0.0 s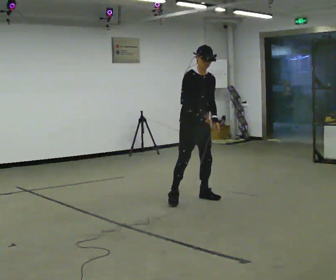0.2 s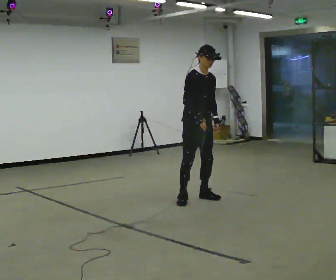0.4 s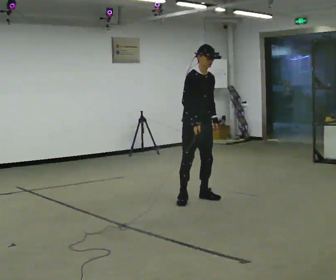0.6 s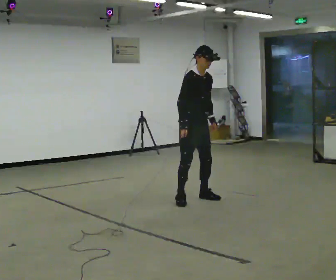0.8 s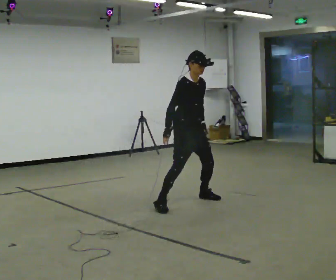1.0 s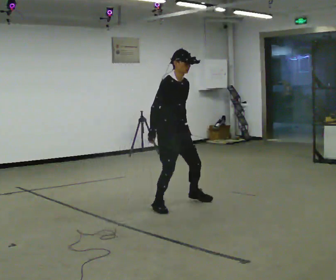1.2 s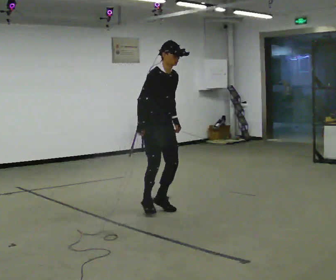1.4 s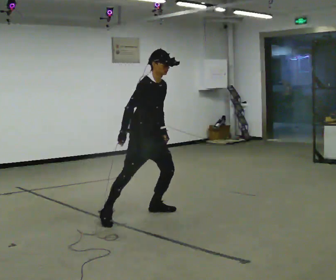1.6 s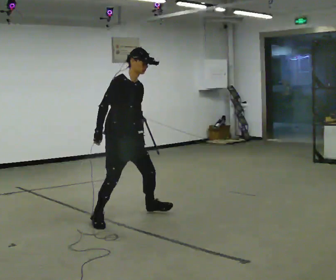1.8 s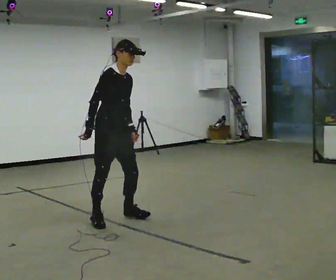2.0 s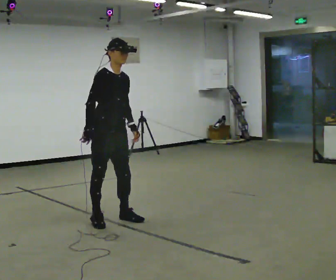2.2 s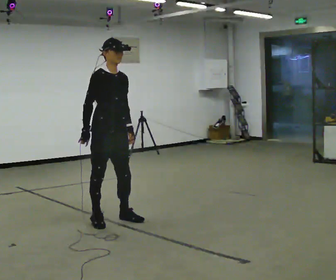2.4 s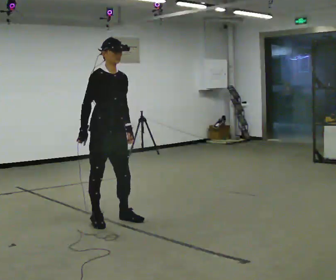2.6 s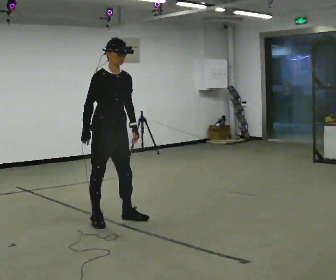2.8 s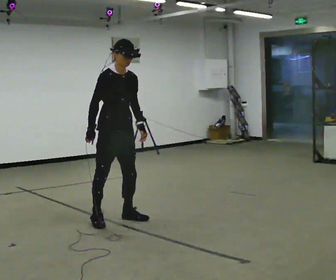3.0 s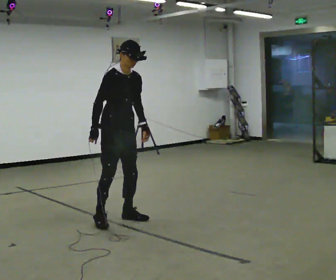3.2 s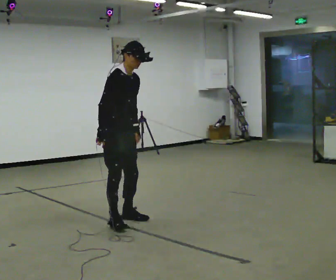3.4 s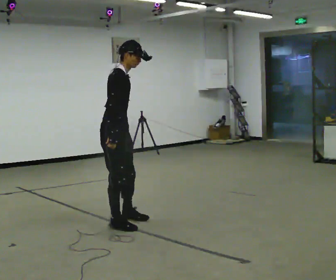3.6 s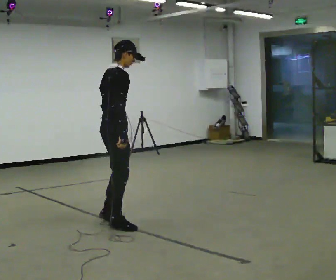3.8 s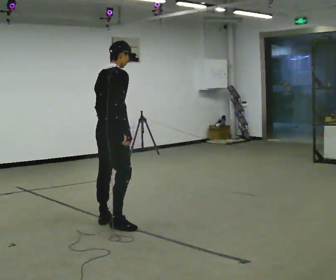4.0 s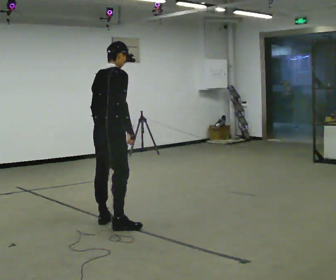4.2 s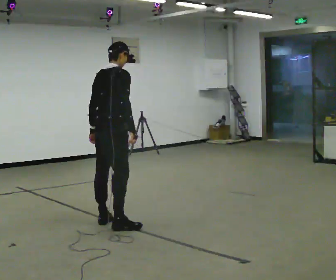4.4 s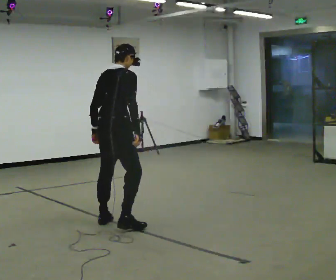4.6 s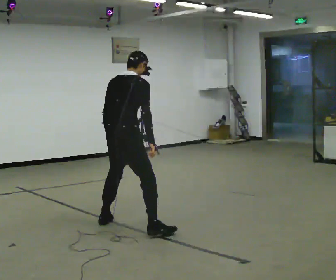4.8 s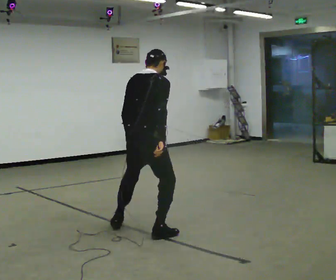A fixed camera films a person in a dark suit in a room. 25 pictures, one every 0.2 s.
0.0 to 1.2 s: In the picture they go to the left and toward the camera, about 0.5 m in 3 steps, which for them is to their right.
1.2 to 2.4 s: In the picture they go to the left and toward the camera, about 0.75 m in 1 step, which for them is to their right.
2.4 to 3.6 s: The person turns about 75 degrees to their left, counterclockwise seen from above, so the part of the body nearest the lens slides to the right. In the picture their right hand goes to the right.
3.6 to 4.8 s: The part of the body nearest the lens slides to the right as the person turns to their left by about 45 degrees. In the picture they go toward the camera and to the right, about 0.5 m in 2 steps, which for them is to their right.
The film runs backward here.
